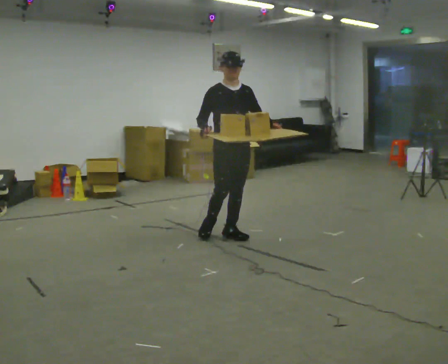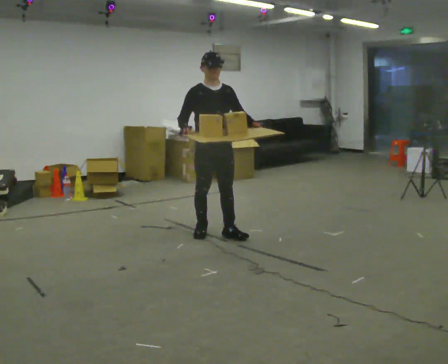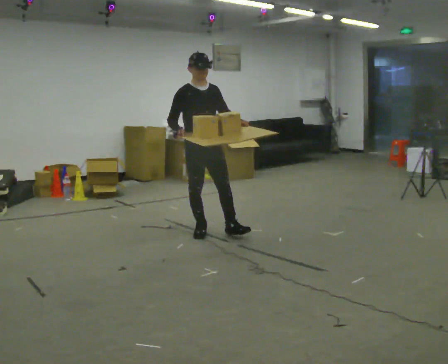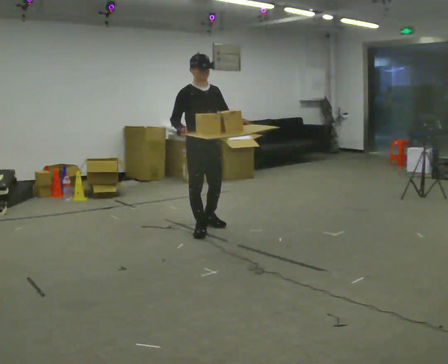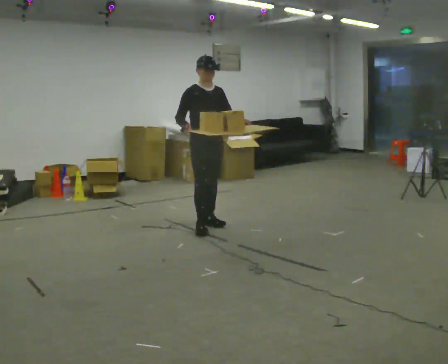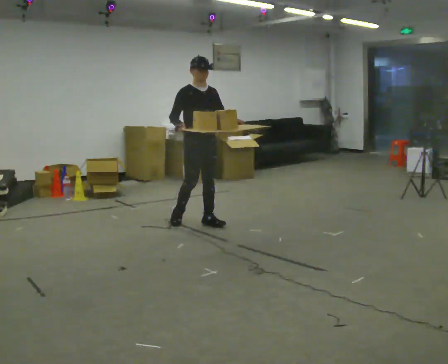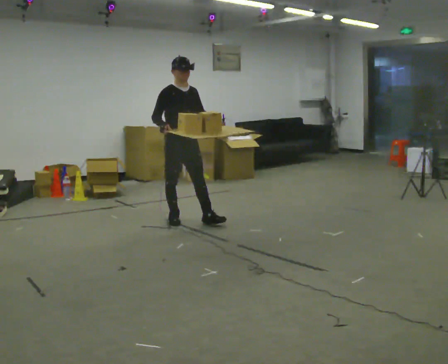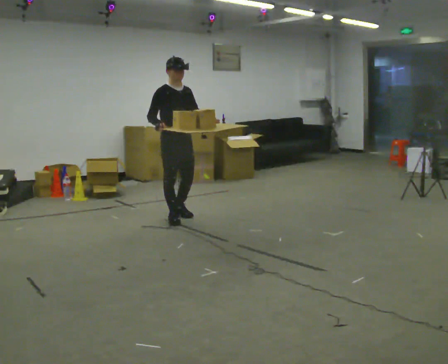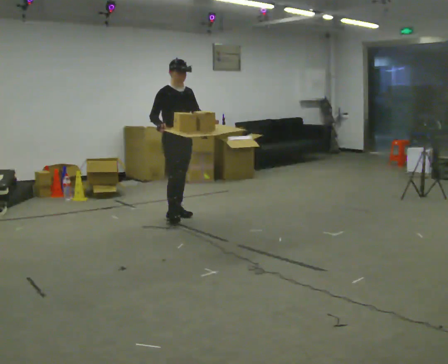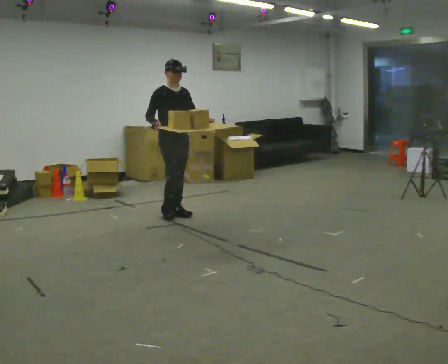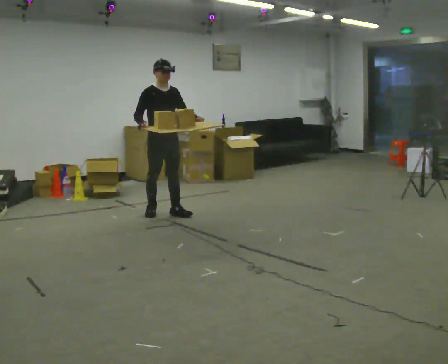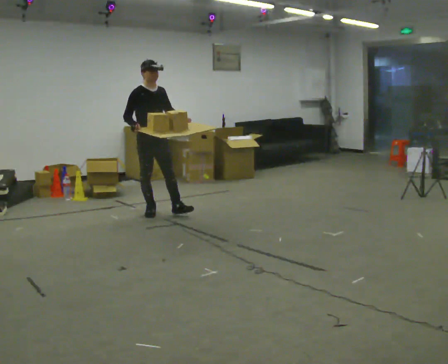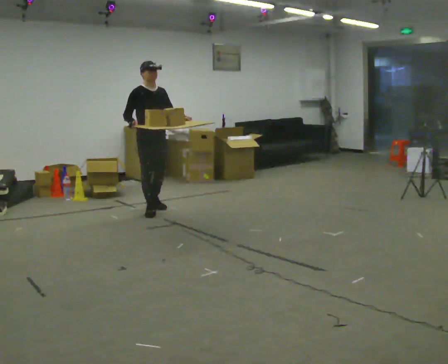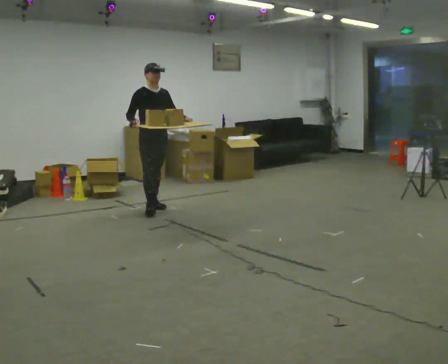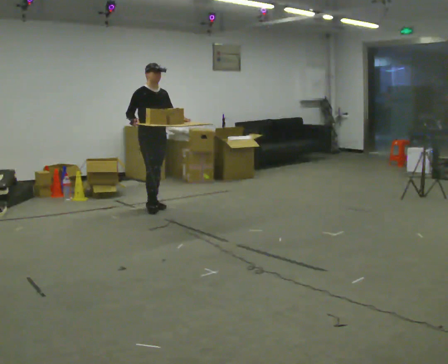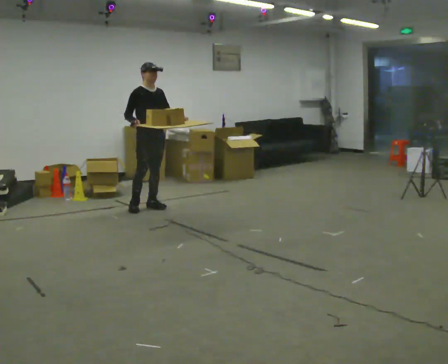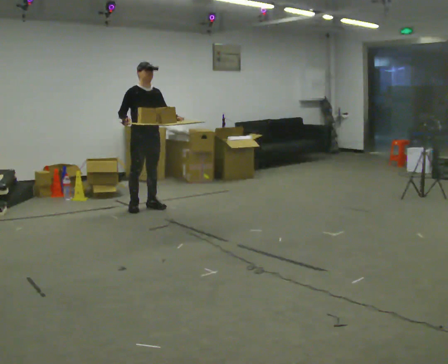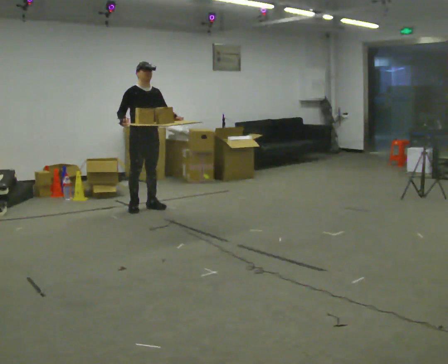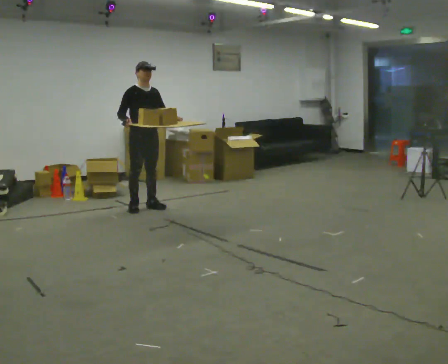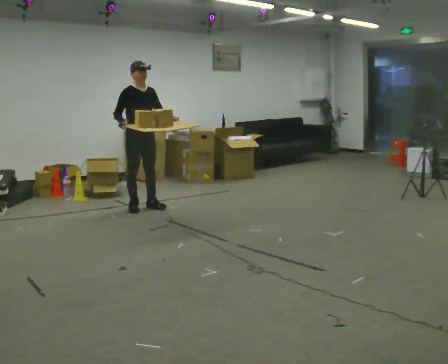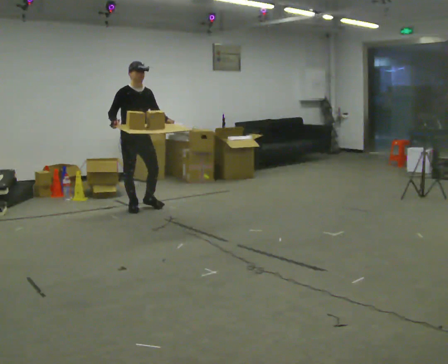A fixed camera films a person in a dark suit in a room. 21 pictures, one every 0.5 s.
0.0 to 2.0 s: In the picture they go away from the camera and to the left, about 0.5 m in 2 steps, which for them is backward.
2.0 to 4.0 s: In the picture they go away from the camera and to the left, about 0.5 m in 2 steps, which for them is backward.
4.0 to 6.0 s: In the picture they go to the left and away from the camera, about 0.25 m in 1 step, which for them is backward and to their right.
6.0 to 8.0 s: In the picture they go away from the camera, about 0.25 m in 1 step, which for them is backward.
8.0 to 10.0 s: The person moves a little, or ends about where they began.
The film runs backward here.
